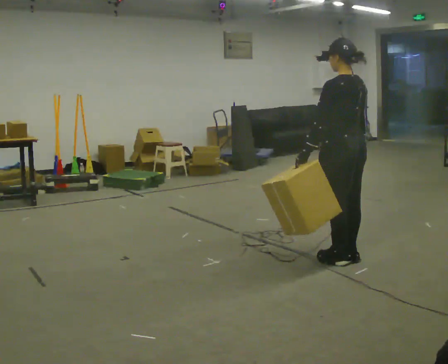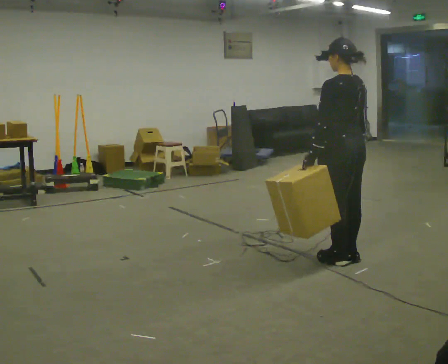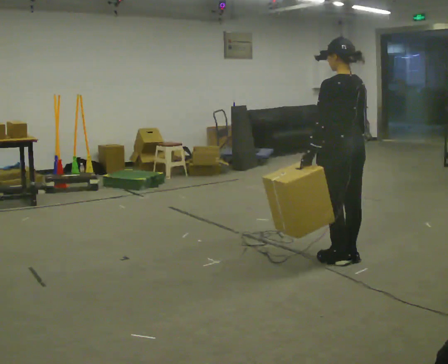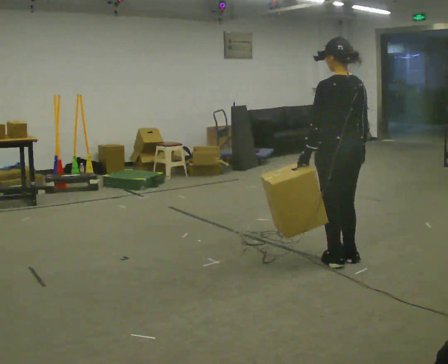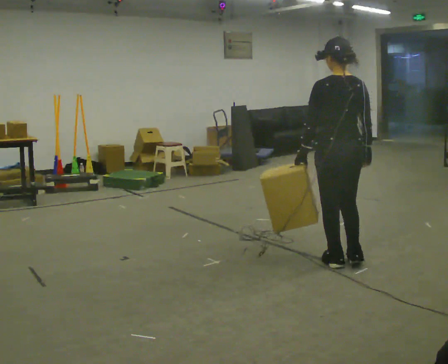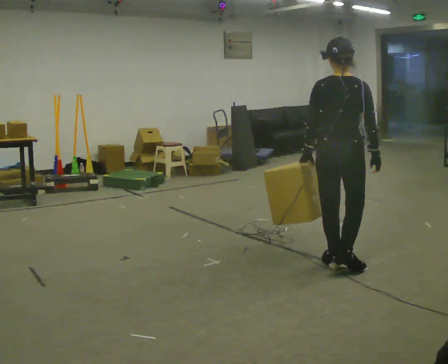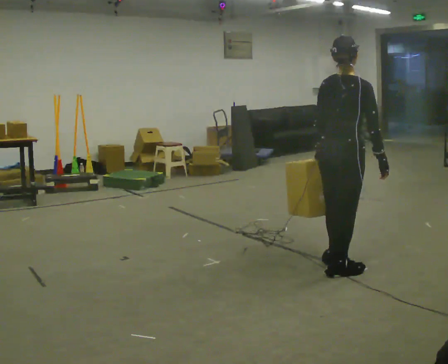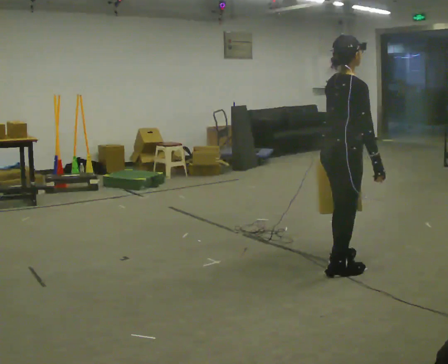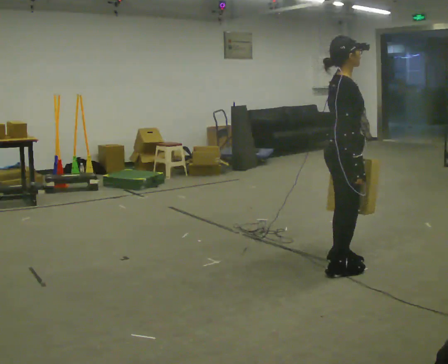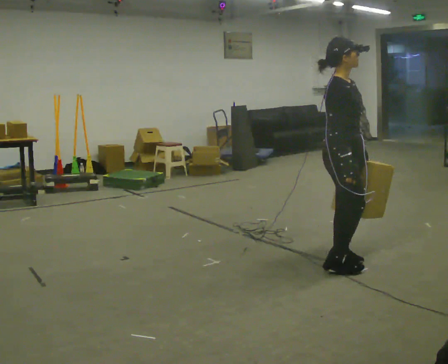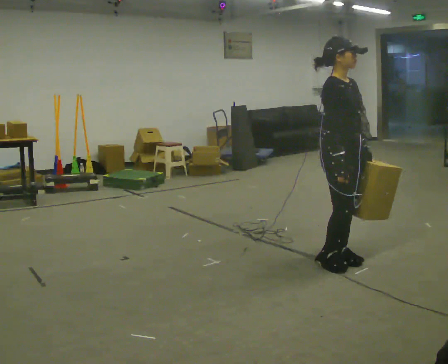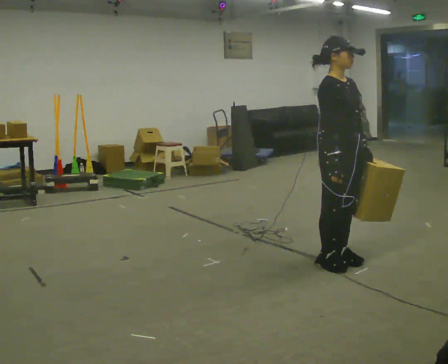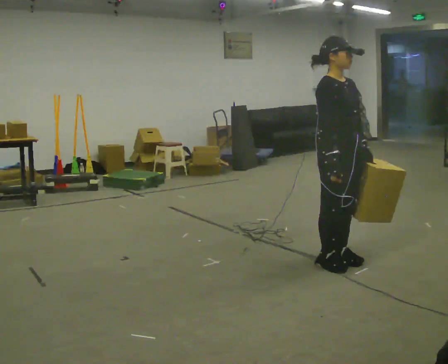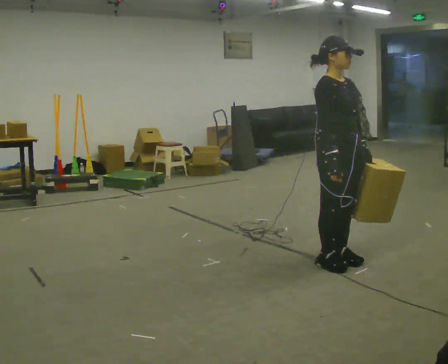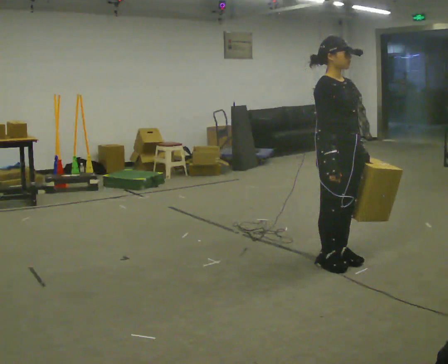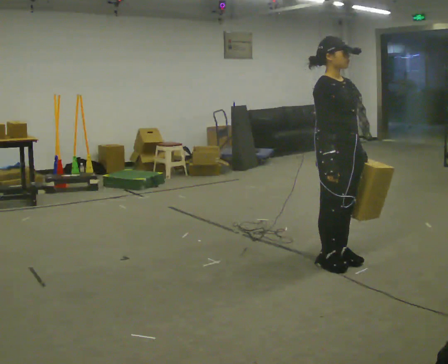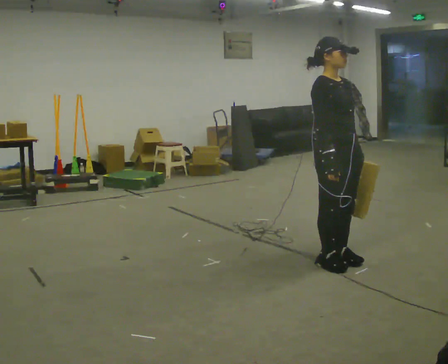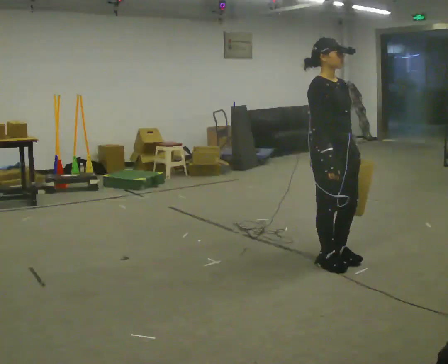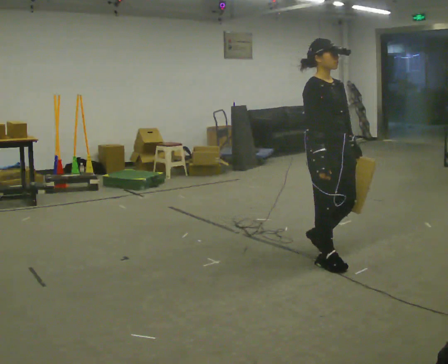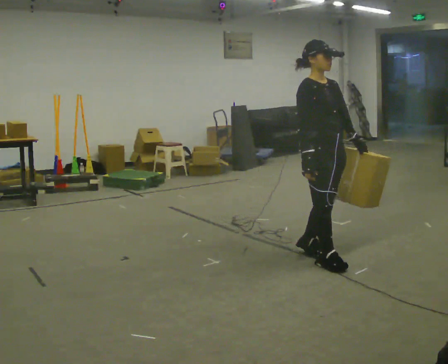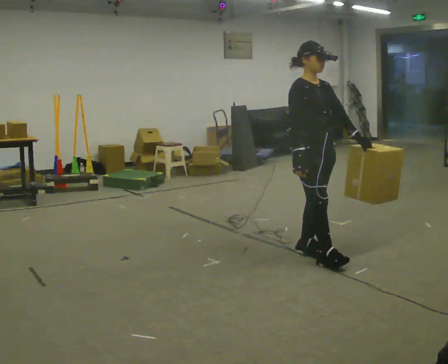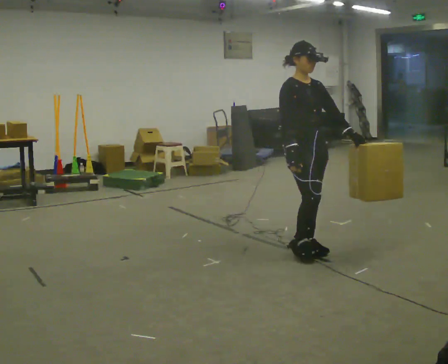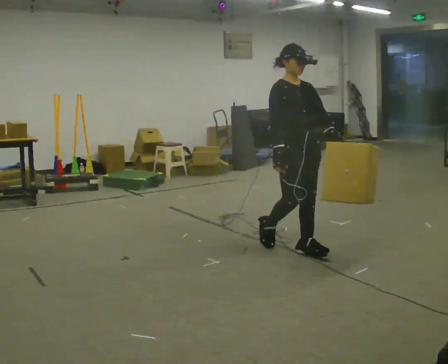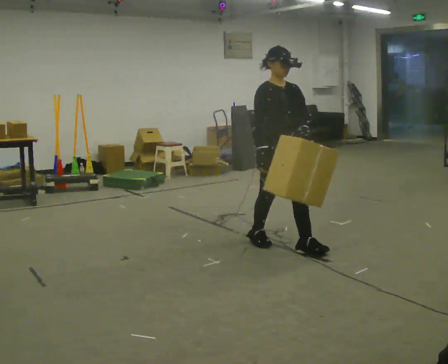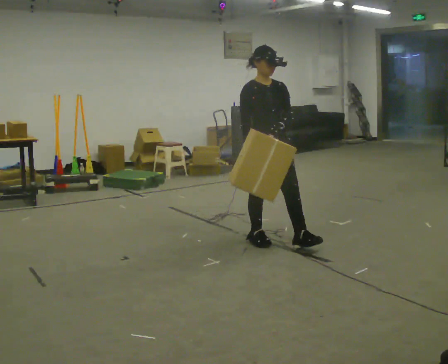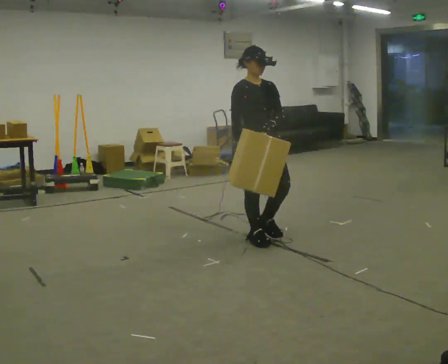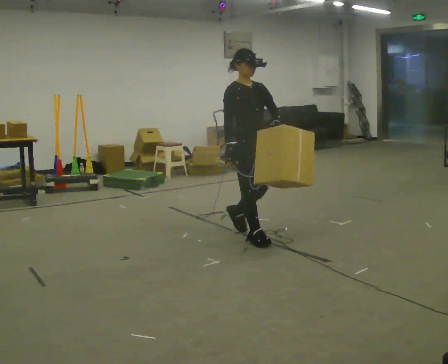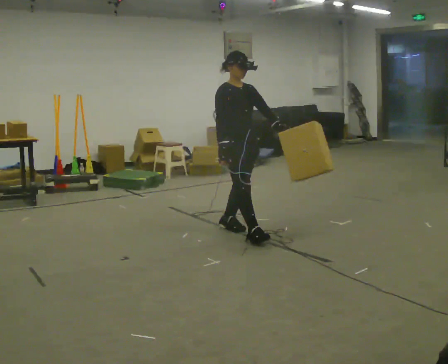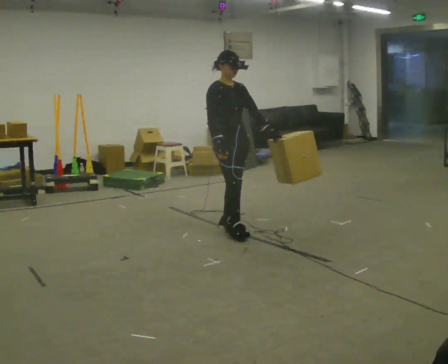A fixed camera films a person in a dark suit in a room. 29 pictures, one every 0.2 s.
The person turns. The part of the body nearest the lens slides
to the left.
The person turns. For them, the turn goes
to their right.
0.0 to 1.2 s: The person turns about 75 degrees to their right, clockwise seen from above, so the part of the body nearest the lens slides to the left. In the picture they go toward the camera, about 0.25 m in 1 step.
1.2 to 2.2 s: The person turns about 90 degrees to their right, clockwise seen from above, so the part of the body nearest the lens slides to the left. In the picture their left hand goes to the right, the arm swinging counterclockwise.
2.2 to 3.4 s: The person moves a little, or ends about where they began.
3.4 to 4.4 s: In the picture they go away from the camera and to the left, about 0.5 m in 1 step, which for them is backward.
4.4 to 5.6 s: In the picture they go to the left and away from the camera, about 1 m in 2 steps, which for them is backward.
The film runs backward here.
